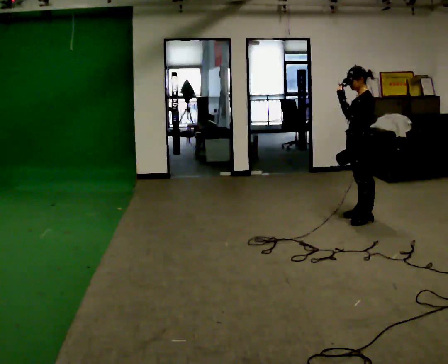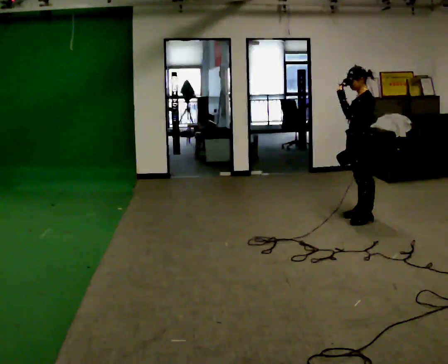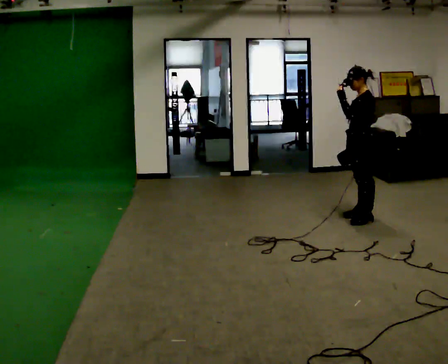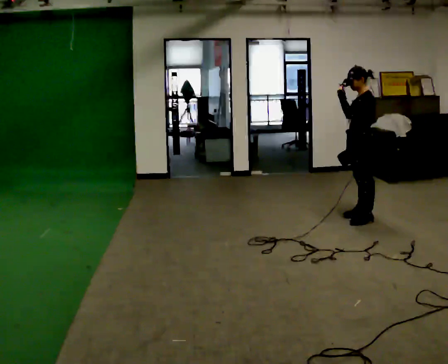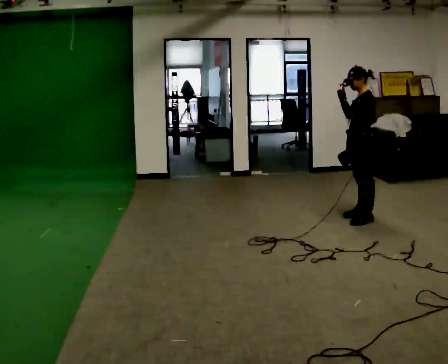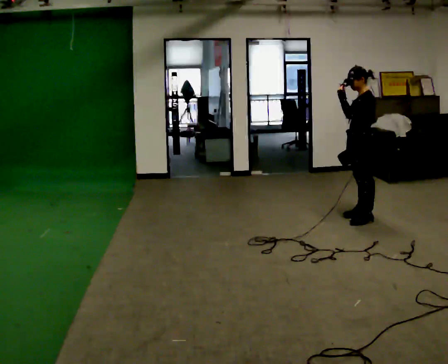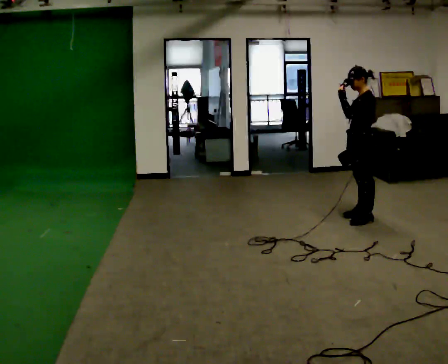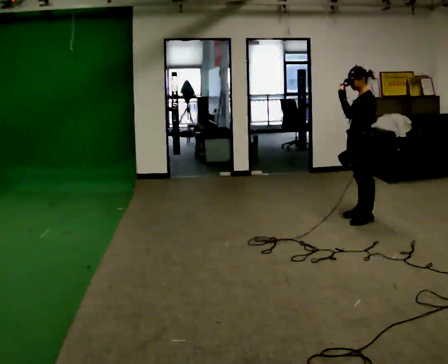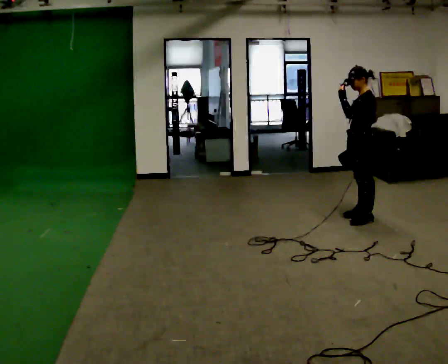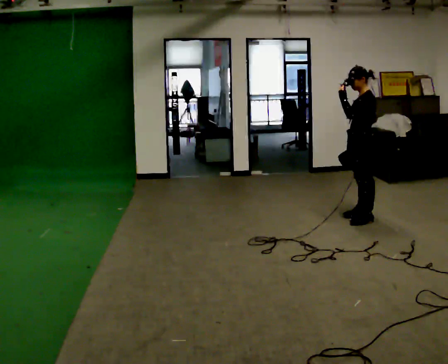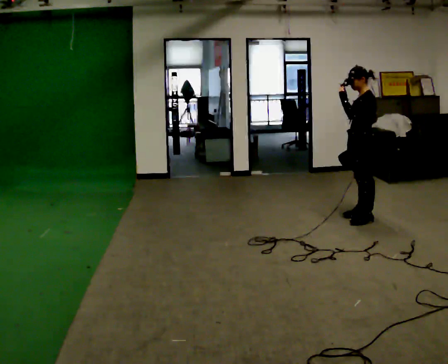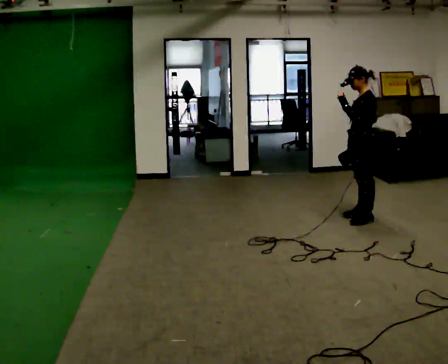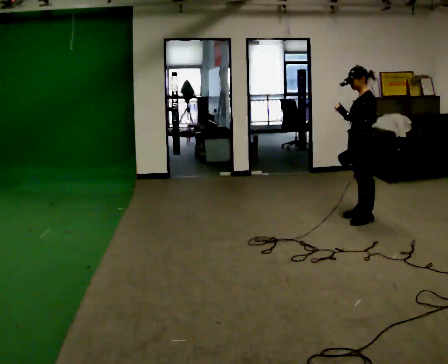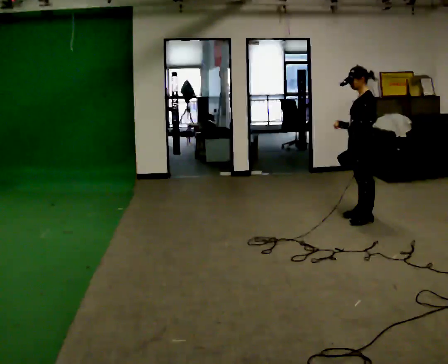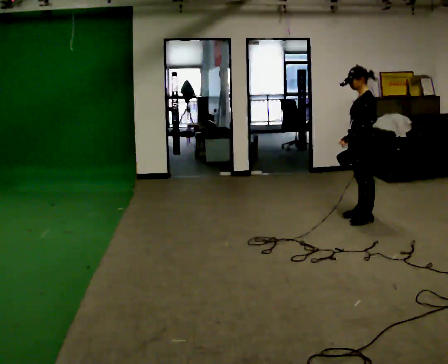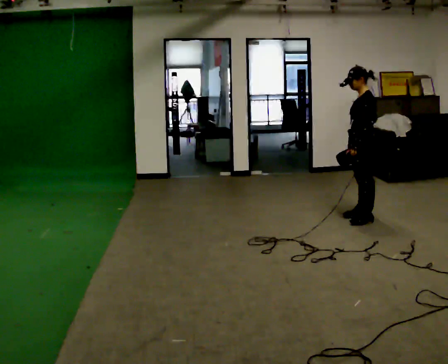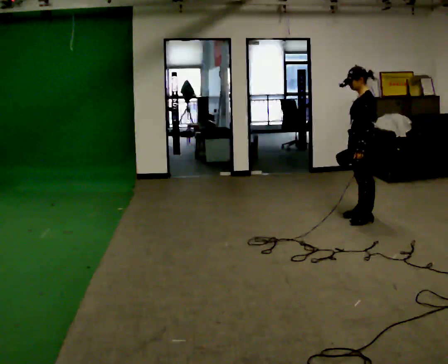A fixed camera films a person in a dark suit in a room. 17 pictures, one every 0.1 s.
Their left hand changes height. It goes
downward.
0.0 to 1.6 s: In the picture their left hand goes downward.
The film runs forward here.
